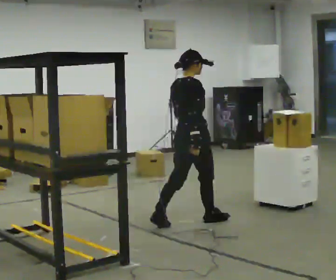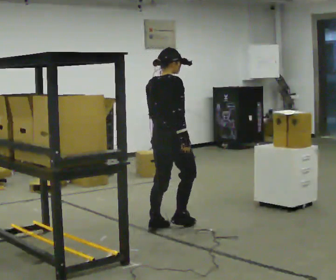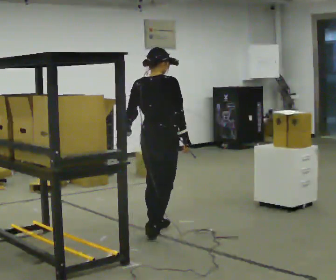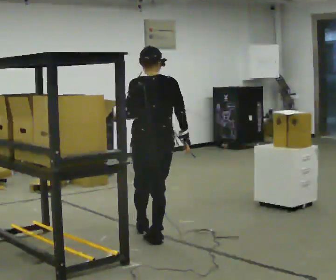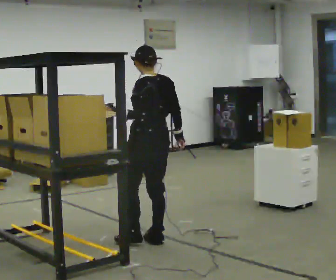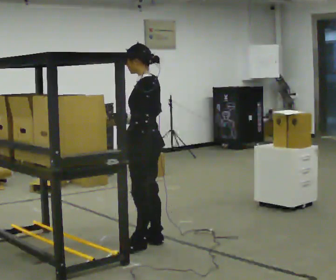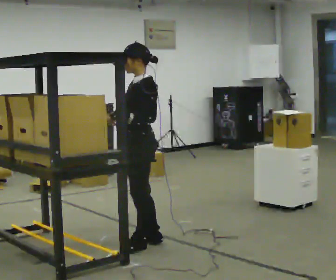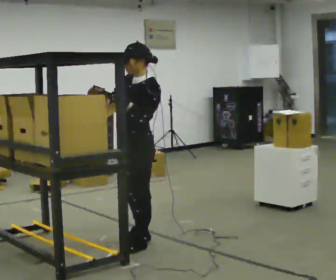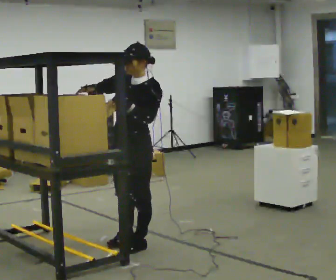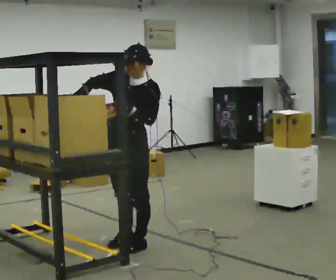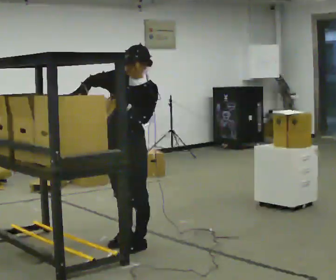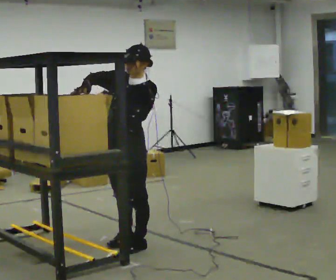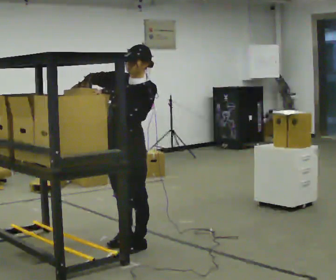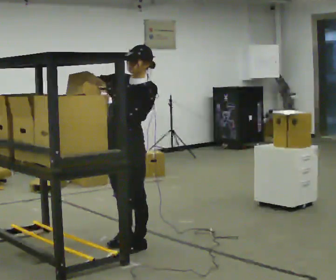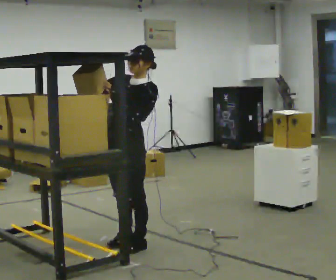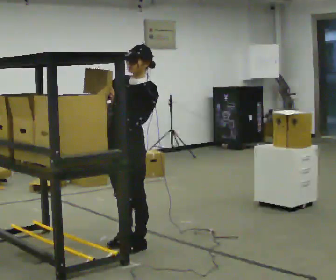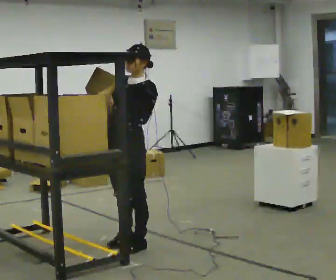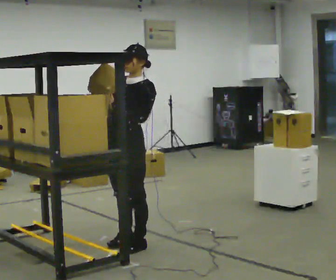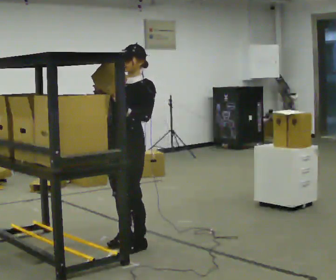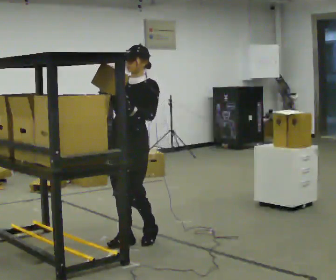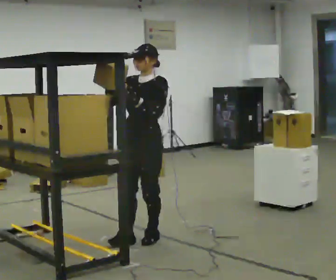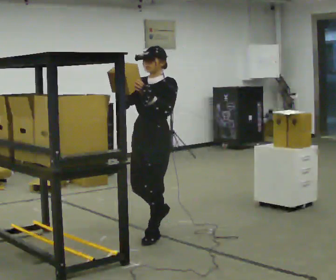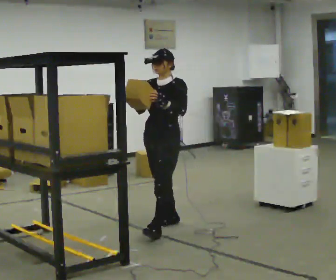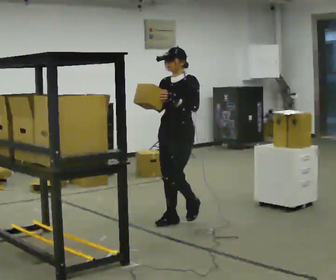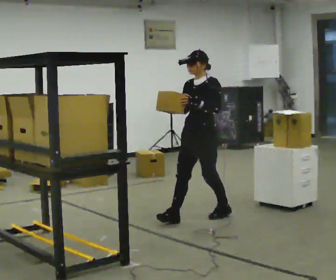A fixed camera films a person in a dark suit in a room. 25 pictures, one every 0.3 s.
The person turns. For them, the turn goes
to their left.
The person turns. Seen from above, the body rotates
counterclockwise.
0.0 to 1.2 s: The part of the body nearest the lens slides to the right as the person turns to their left by about 105 degrees. In the picture they go toward the camera and to the left, about 0.5 m in 2 steps.
1.2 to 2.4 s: Seen from above the body turns counterclockwise, about 90 degrees: to their left, with its near side sliding to the right. In the picture they go toward the camera, about 0.25 m in 1 step. In the picture their right hand goes to the left and upward.
2.4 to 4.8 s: The person moves a little, or ends about where they began.
4.8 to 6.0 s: In the picture they go away from the camera, about 0.25 m in 2 steps, which for them is backward.
6.0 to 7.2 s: In the picture they go away from the camera and to the right, about 1 m in 2 steps, which for them is backward.
The film runs backward here.
